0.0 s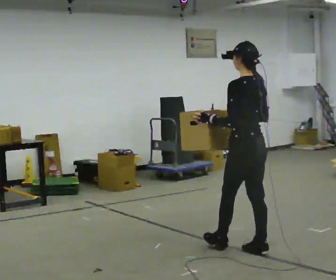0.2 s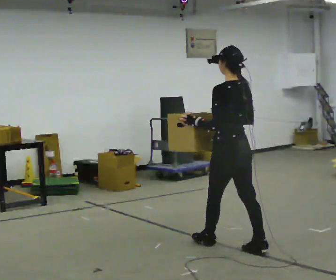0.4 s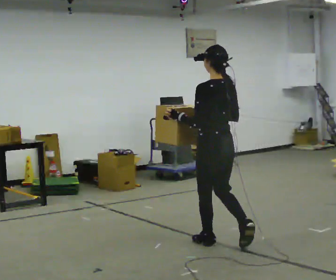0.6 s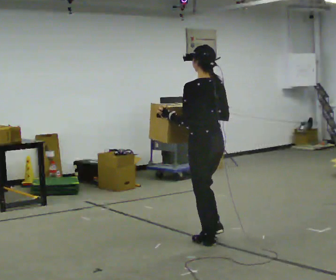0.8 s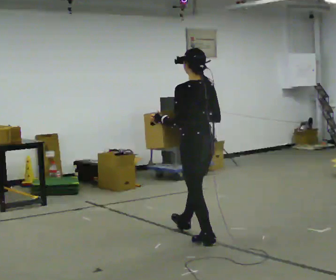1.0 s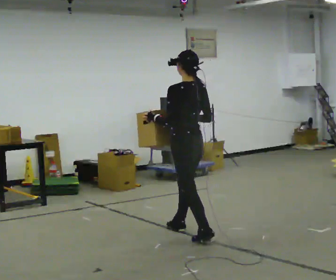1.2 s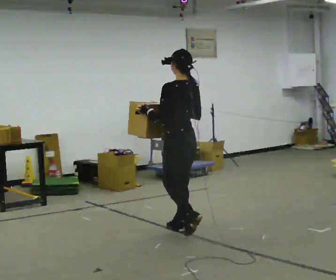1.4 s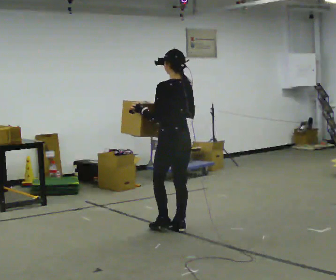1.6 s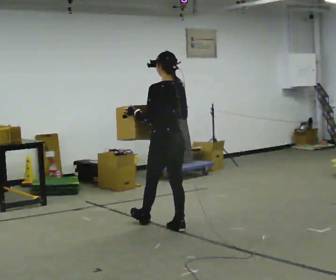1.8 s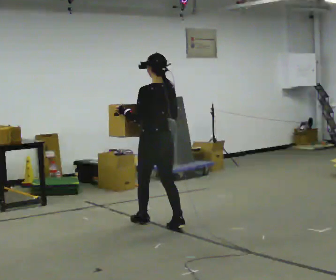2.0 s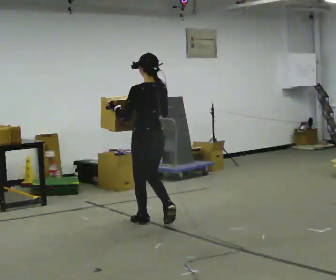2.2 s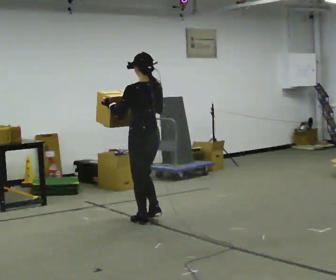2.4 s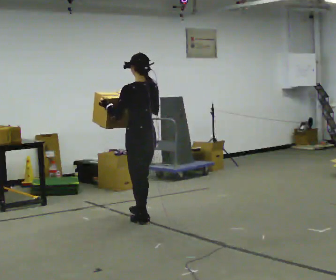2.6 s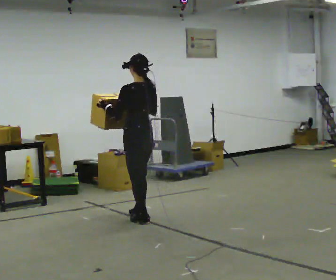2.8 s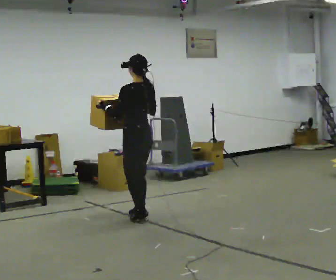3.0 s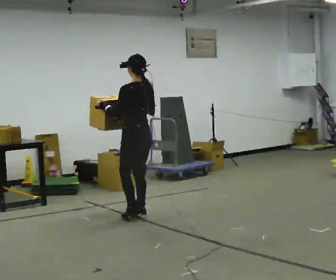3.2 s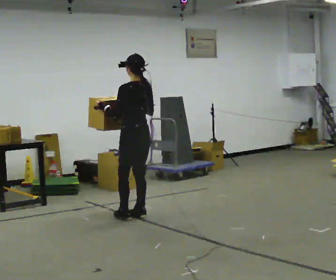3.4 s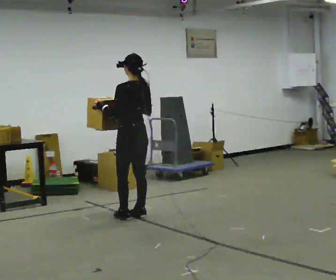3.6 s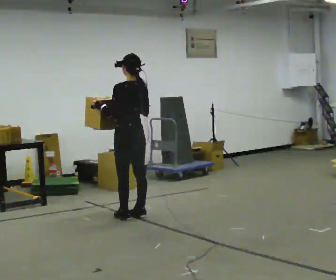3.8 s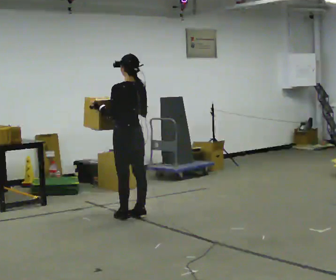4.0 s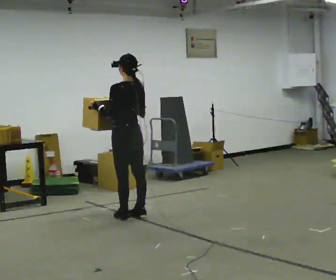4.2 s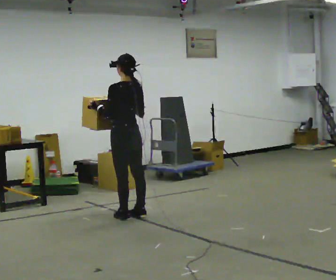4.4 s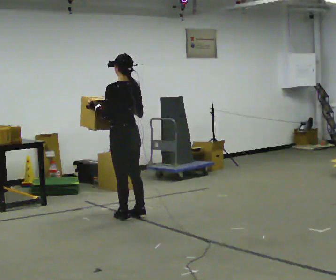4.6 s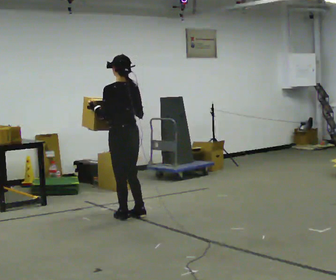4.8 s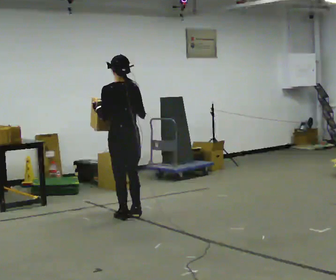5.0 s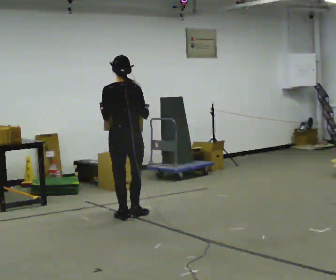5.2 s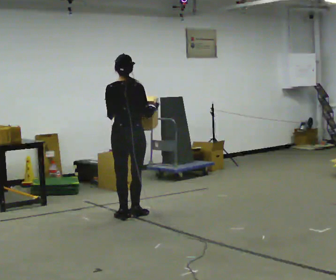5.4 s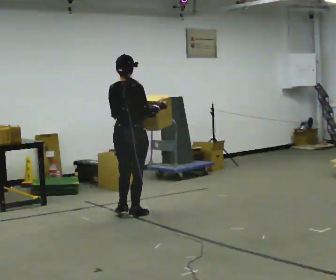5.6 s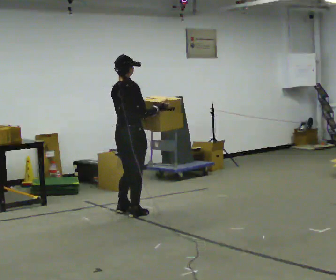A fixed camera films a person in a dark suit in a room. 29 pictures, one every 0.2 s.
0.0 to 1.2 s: In the picture they go away from the camera and to the left, about 1 m in 2 steps, which for them is forward.
1.2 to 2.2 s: In the picture they go away from the camera and to the left, about 0.5 m in 1 step, which for them is forward.
2.2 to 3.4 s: In the picture they go away from the camera, about 0.25 m in 2 steps, which for them is forward.
3.4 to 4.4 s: The person moves a little, or ends about where they began.
4.4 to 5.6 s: Seen from above the body turns clockwise, about 90 degrees: to their right, with its near side sliding to the left.
The film runs forward here.
